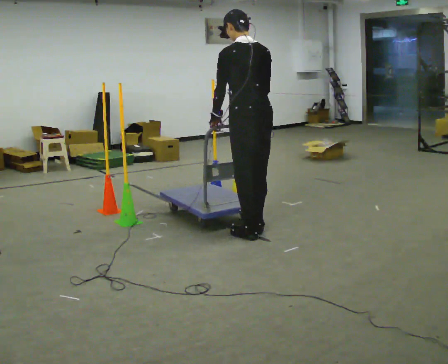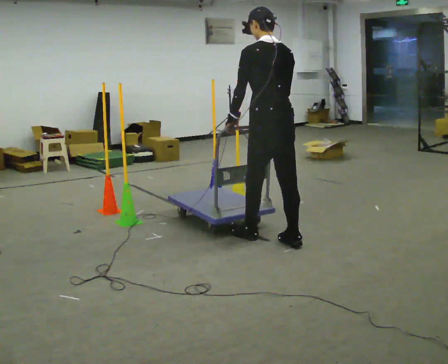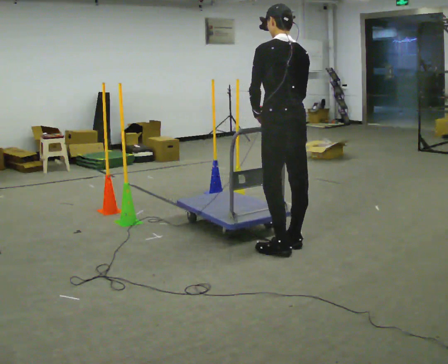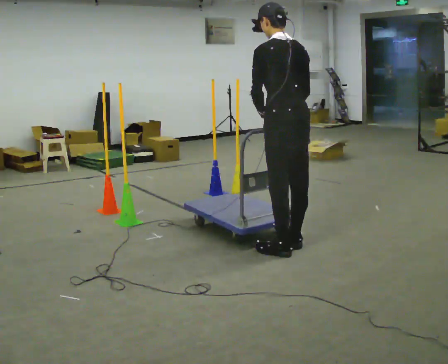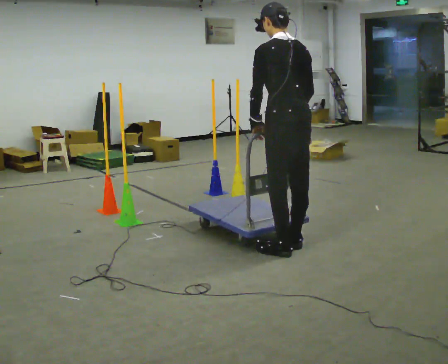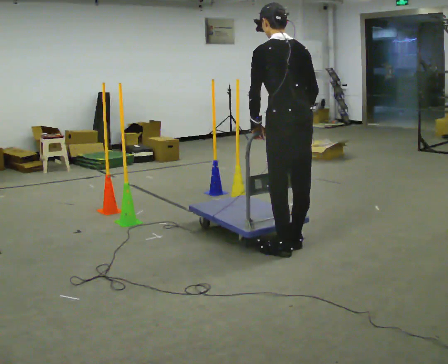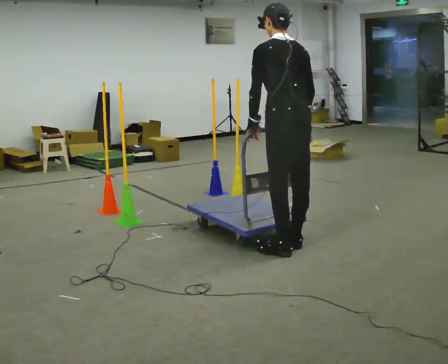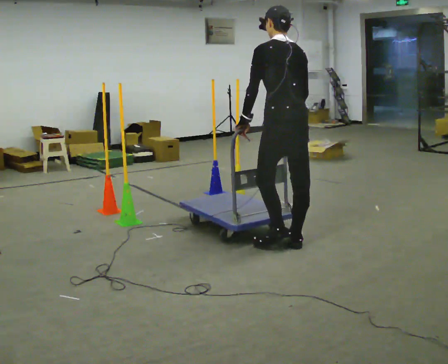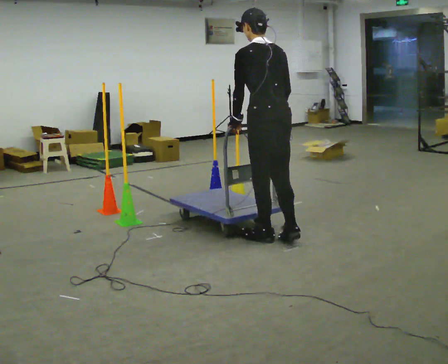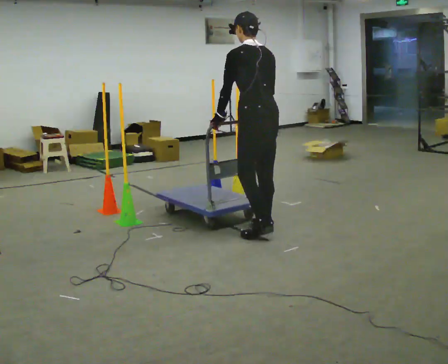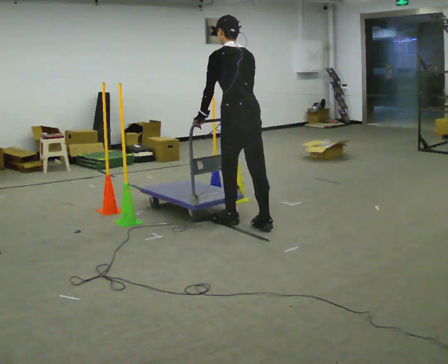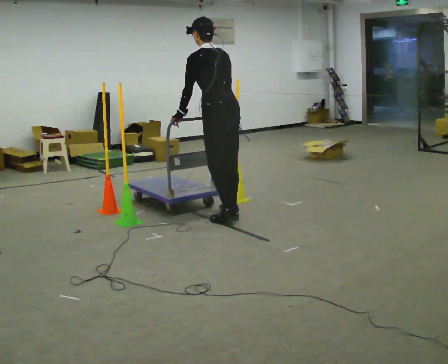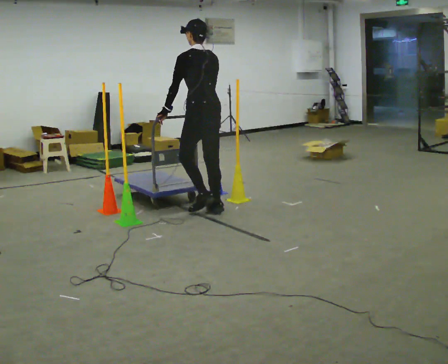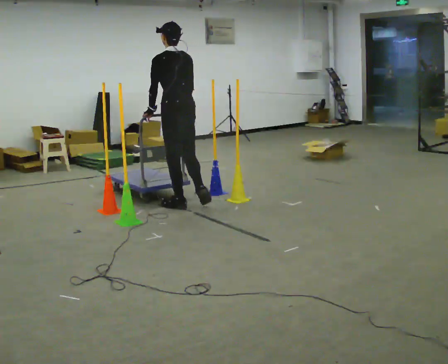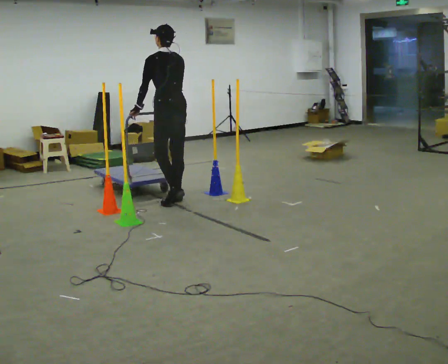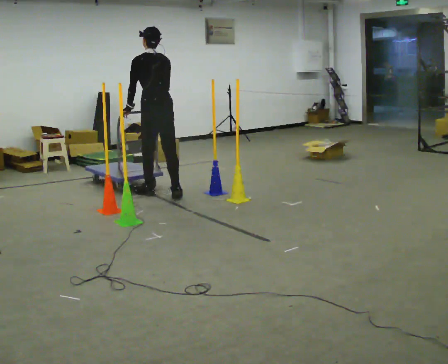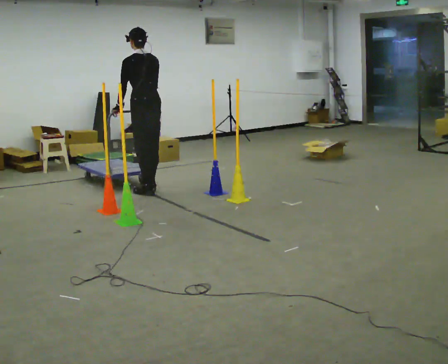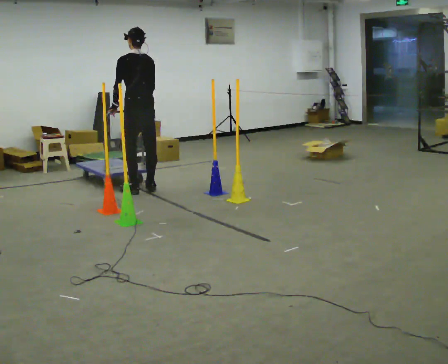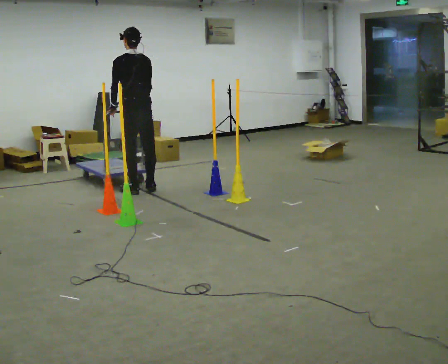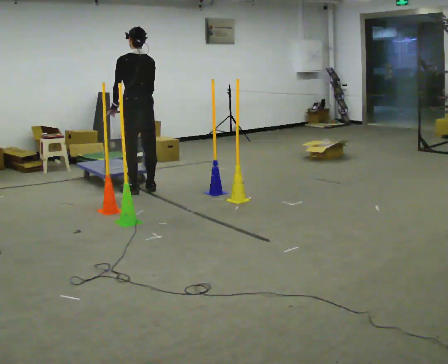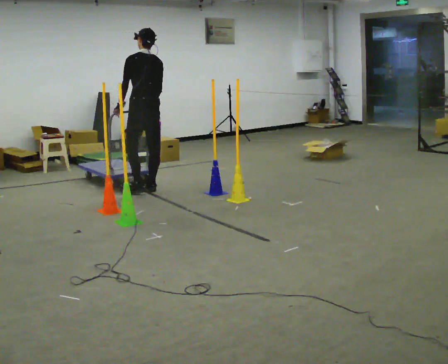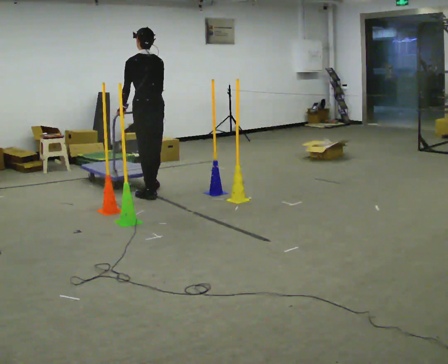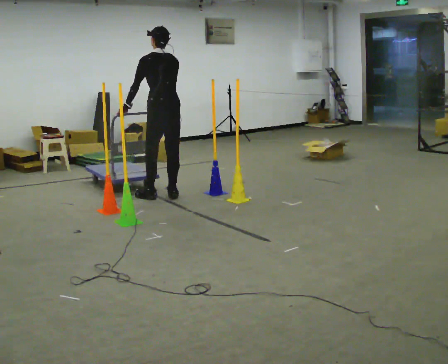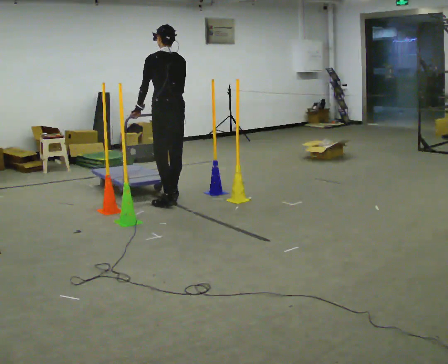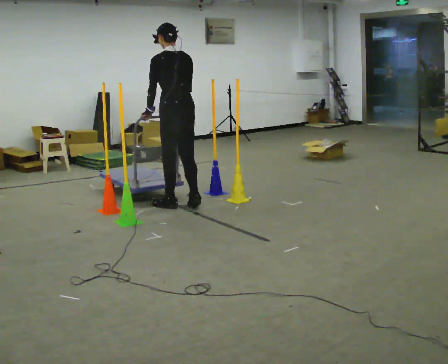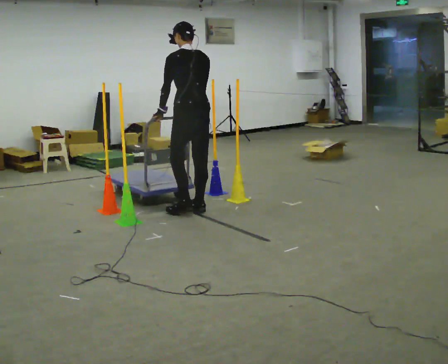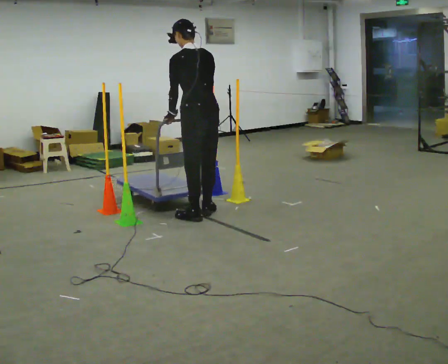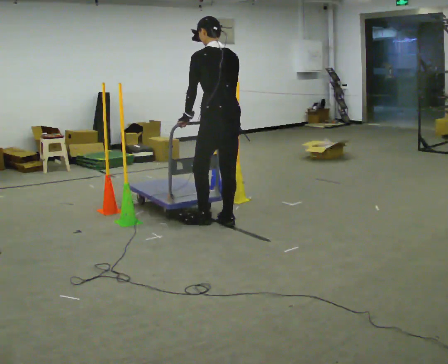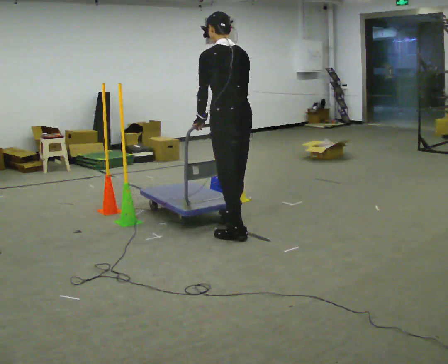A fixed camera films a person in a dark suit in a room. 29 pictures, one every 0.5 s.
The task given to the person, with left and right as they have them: Push the cart in and out of the line of poles without touching any of them. Keep going until the operator says stop.
0.0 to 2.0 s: In the picture they go toward the camera and to the right, about 0.5 m in 2 steps, which for them is backward.
2.0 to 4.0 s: In the picture they go away from the camera, about 0.25 m in 1 step, which for them is forward.
4.0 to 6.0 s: In the picture they go away from the camera and to the left, about 1 m in 3 steps, which for them is forward.
6.0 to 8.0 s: In the picture they go away from the camera and to the left, about 1 m in 4 steps, which for them is forward.
8.0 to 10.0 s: The person moves a little, or ends about where they began.
10.0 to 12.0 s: In the picture they go toward the camera and to the right, about 0.75 m in 3 steps, which for them is backward.
12.0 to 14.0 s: In the picture they go toward the camera and to the right, about 1 m in 4 steps, which for them is backward.
The film runs forward here.
